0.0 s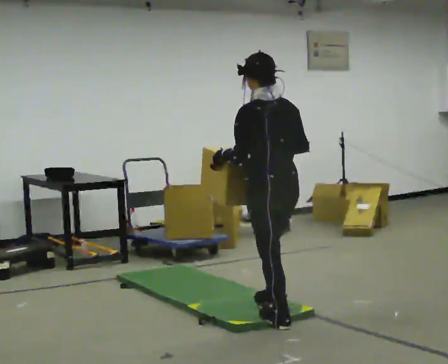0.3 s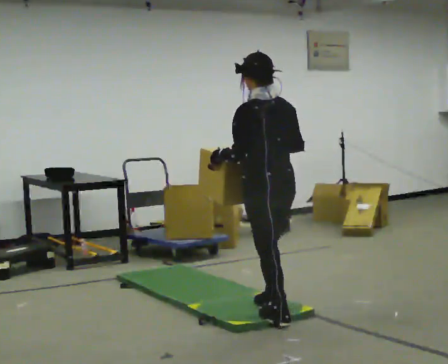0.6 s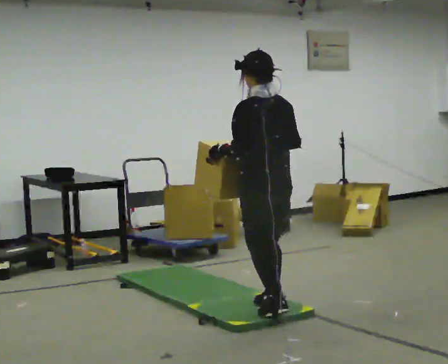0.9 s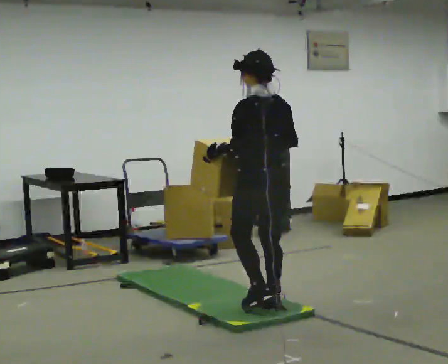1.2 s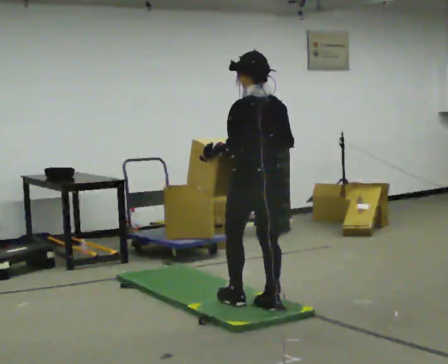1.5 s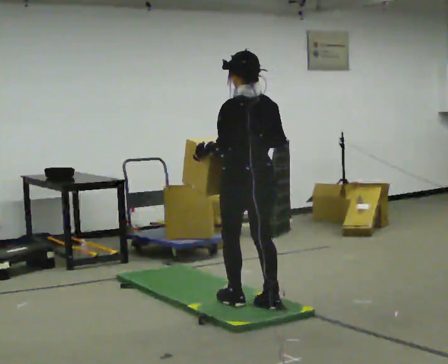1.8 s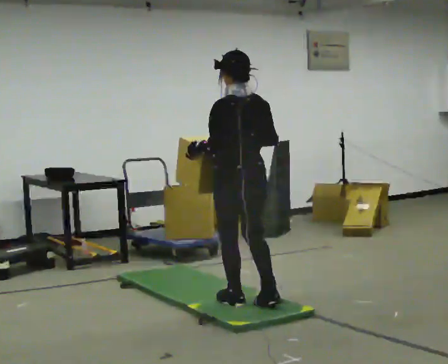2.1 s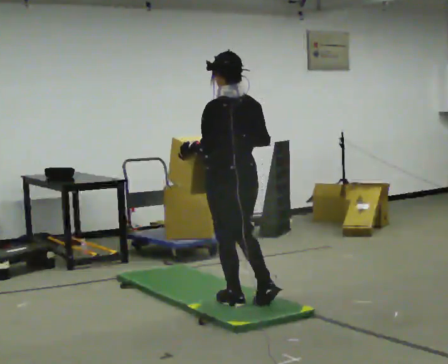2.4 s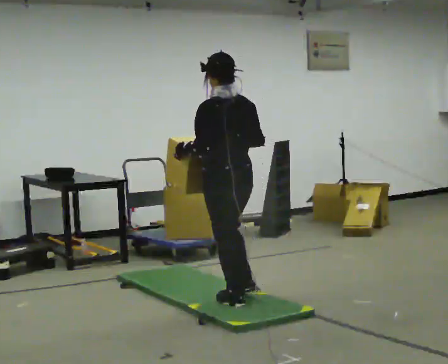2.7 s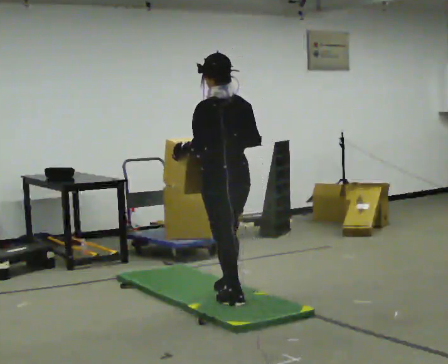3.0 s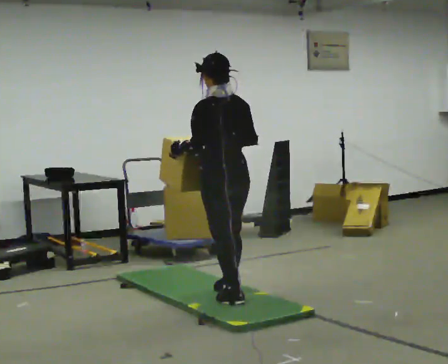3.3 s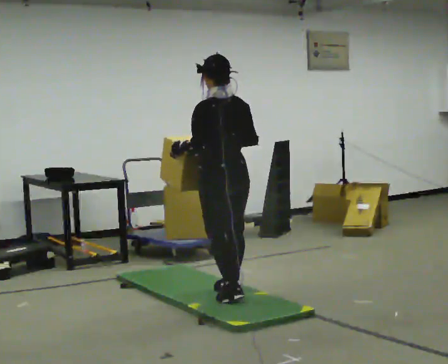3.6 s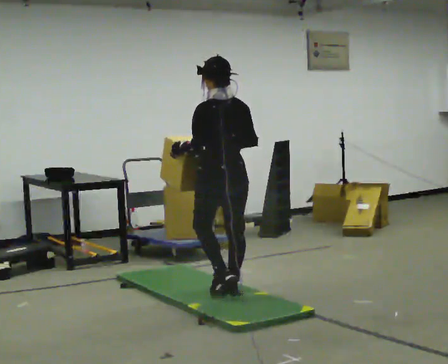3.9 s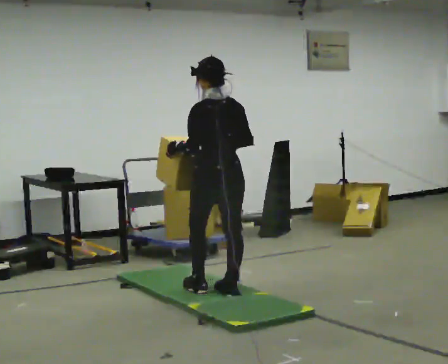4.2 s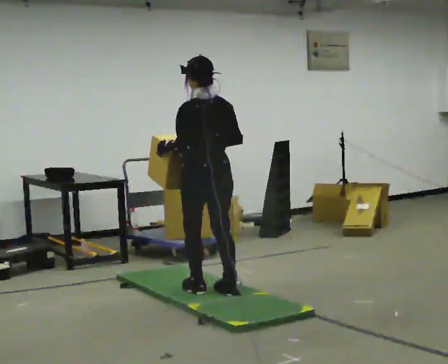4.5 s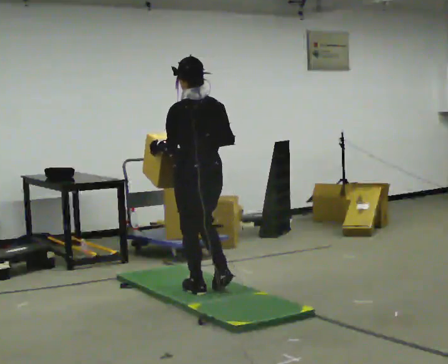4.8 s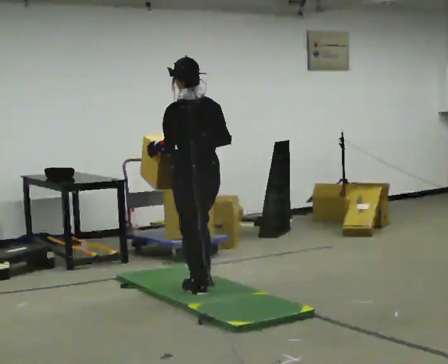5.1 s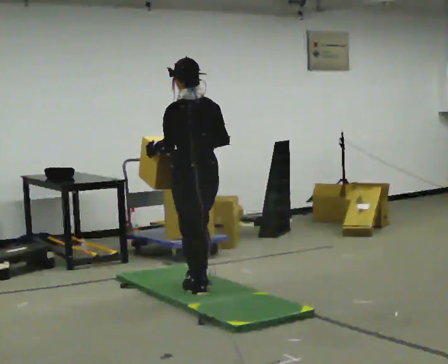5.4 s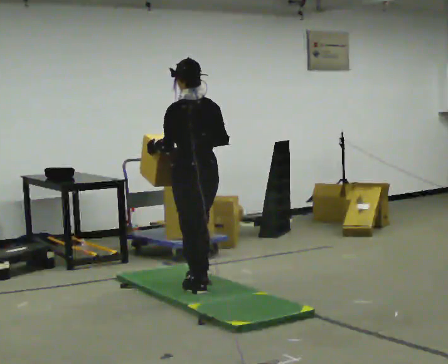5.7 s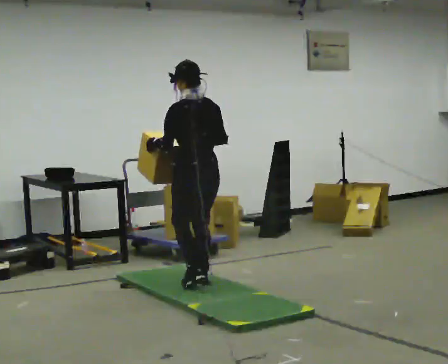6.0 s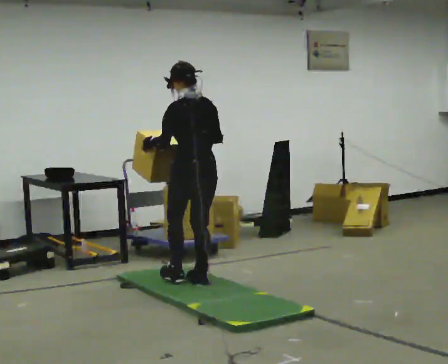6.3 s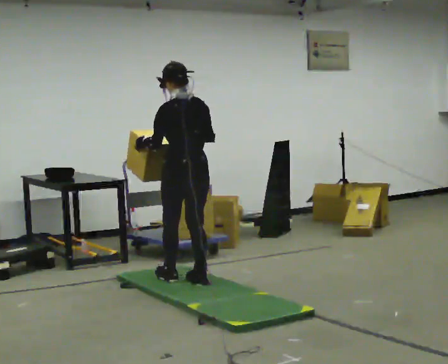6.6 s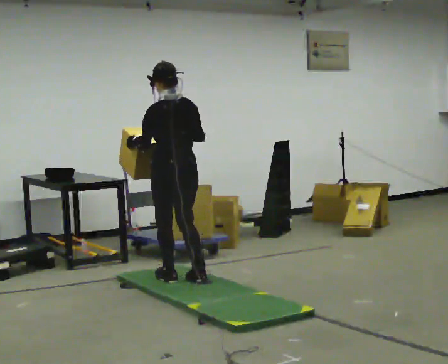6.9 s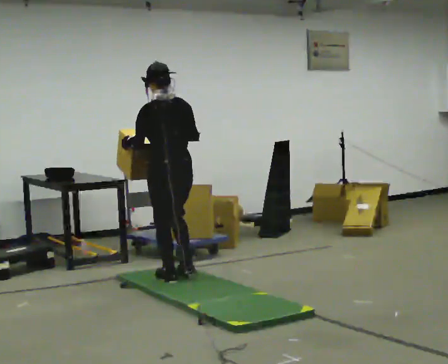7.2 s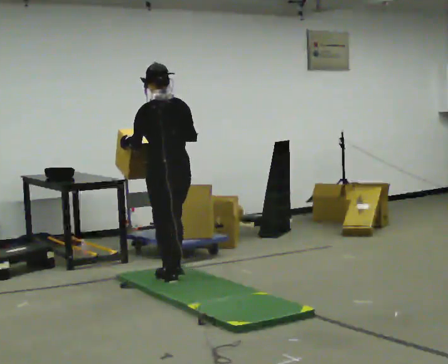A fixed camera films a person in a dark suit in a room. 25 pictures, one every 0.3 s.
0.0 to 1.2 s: In the picture they go away from the camera, about 0.25 m, which for them is forward.
1.2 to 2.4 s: In the picture they go to the left, about 0.25 m in 1 step, which for them is forward.
2.4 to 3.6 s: In the picture they go away from the camera, about 0.25 m in 1 step, which for them is forward.
3.6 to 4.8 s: In the picture they go to the left, about 0.25 m in 1 step, which for them is forward.
4.8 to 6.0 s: In the picture they go away from the camera, about 0.25 m in 1 step, which for them is forward.
6.0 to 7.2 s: In the picture they go to the left and away from the camera, about 0.25 m in 2 steps, which for them is forward.
The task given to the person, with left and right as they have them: Carry the box across the soft uneven mat, set it down on the far side, then bring it back. Keep going until the operator says stop; one object at a time, and do not rush between trips.
The film runs forward here.
